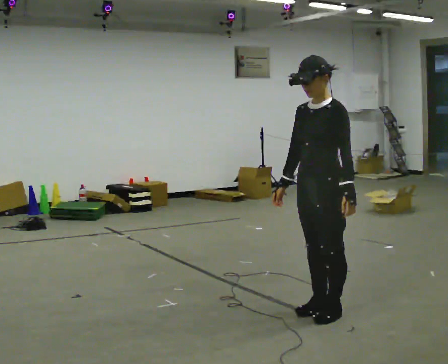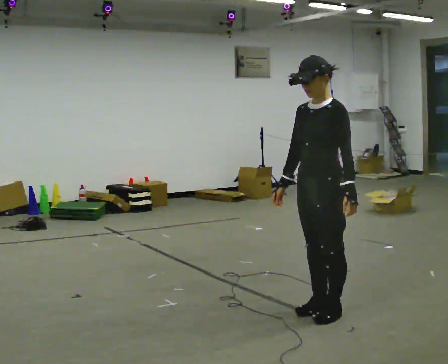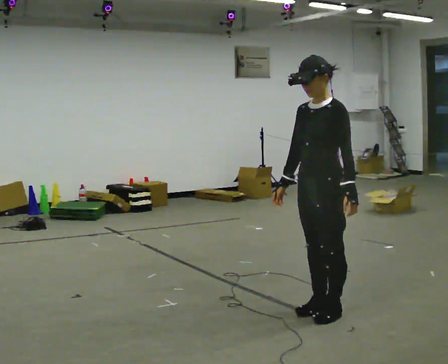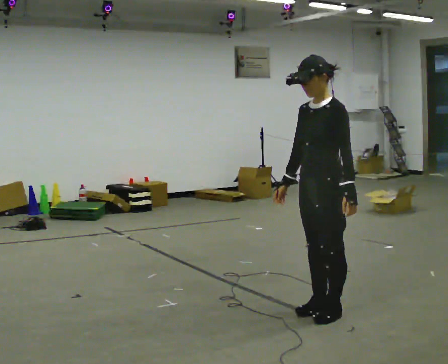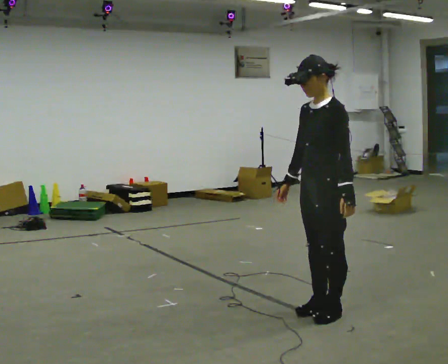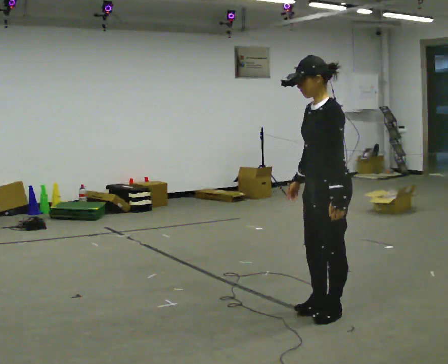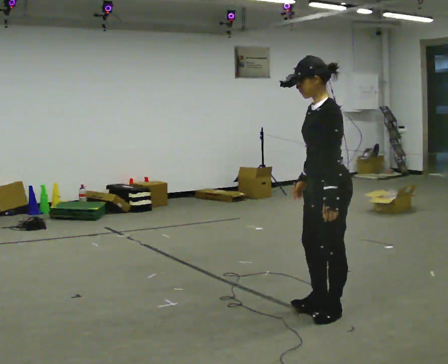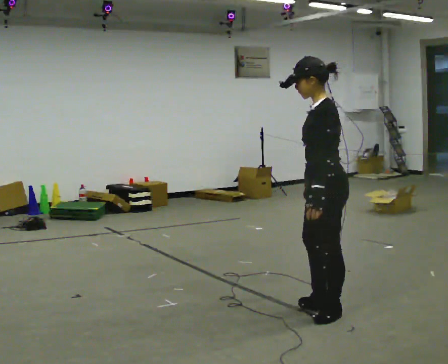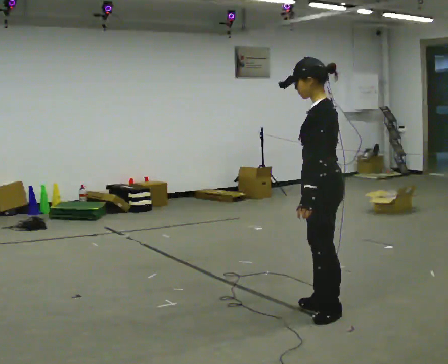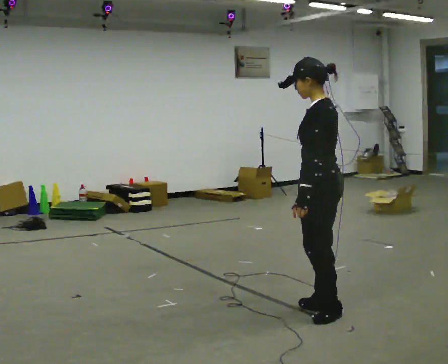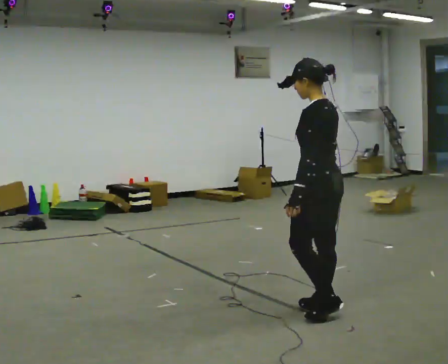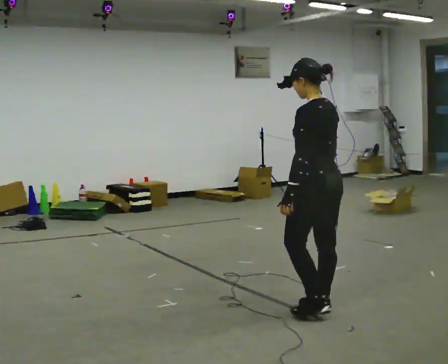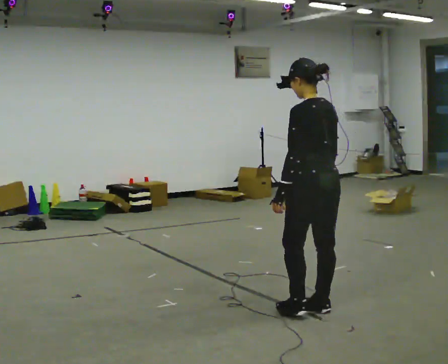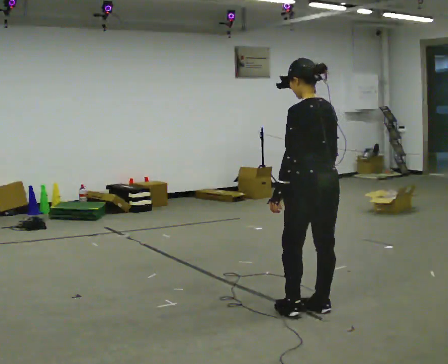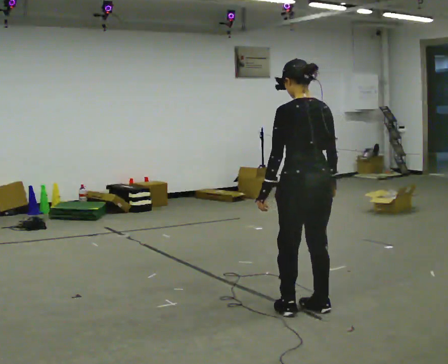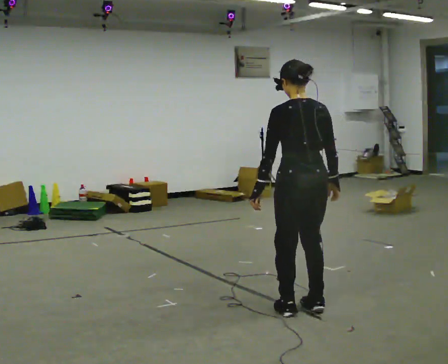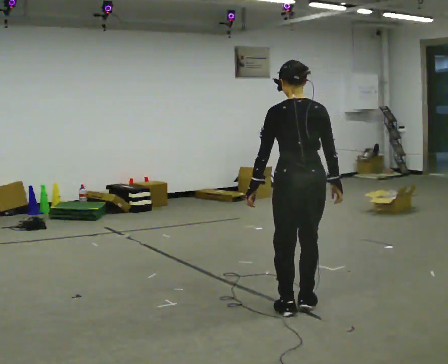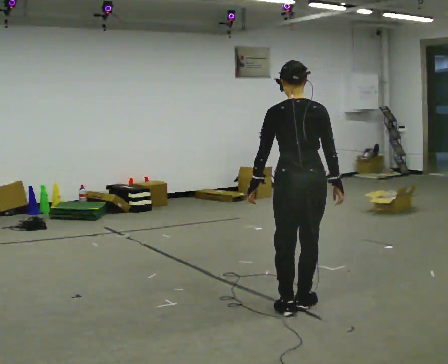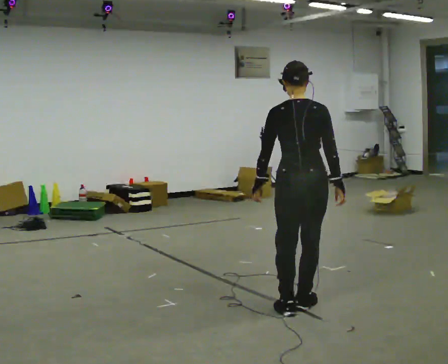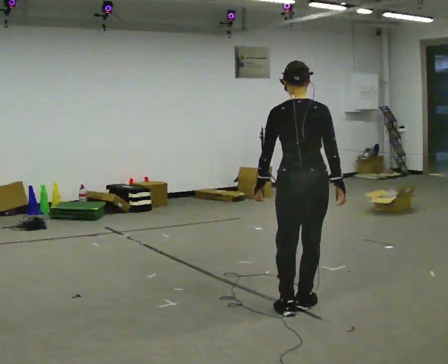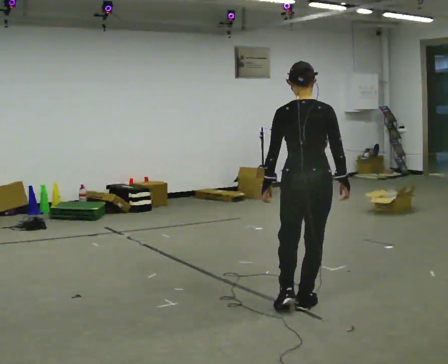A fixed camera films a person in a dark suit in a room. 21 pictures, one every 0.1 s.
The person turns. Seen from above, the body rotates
clockwise.
The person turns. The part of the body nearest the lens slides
to the left.
0.0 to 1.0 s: The person turns about 75 degrees to their right, clockwise seen from above, so the part of the body nearest the lens slides to the left.
1.0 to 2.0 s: Seen from above the body turns clockwise, about 75 degrees: to their right, with its near side sliding to the left.
The film runs forward here.
